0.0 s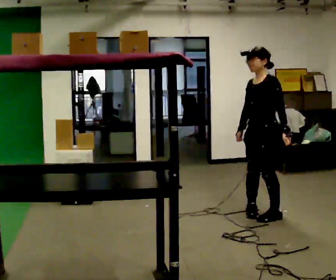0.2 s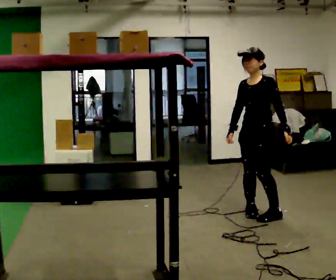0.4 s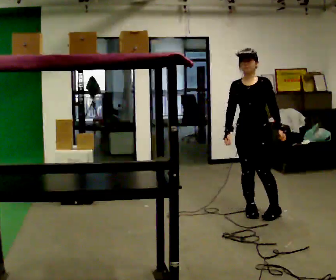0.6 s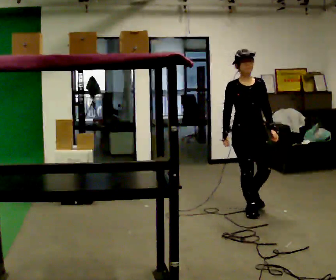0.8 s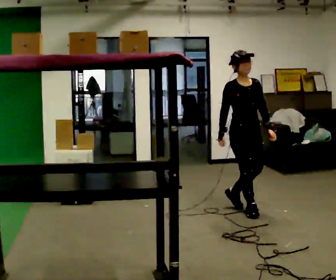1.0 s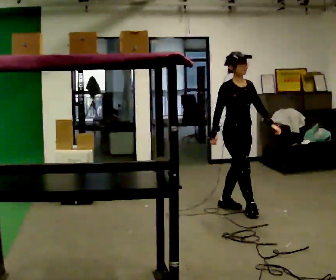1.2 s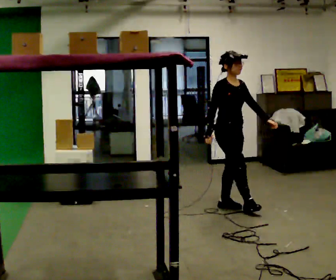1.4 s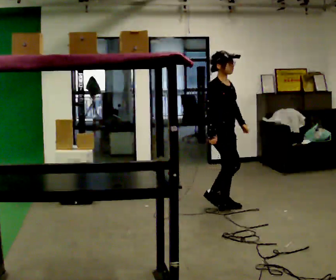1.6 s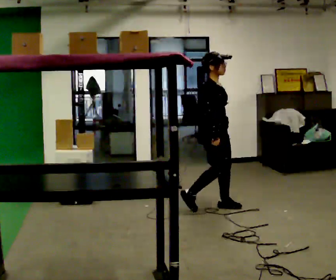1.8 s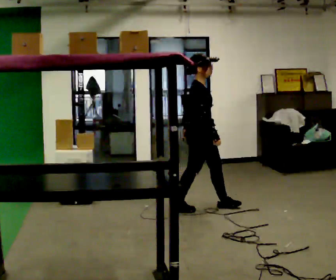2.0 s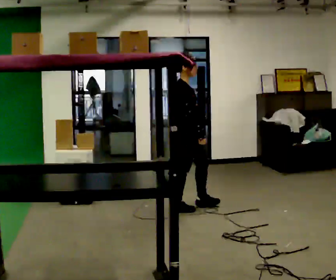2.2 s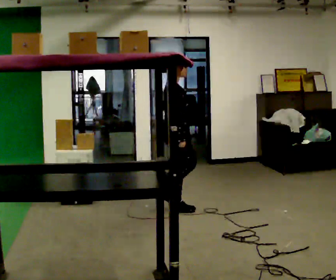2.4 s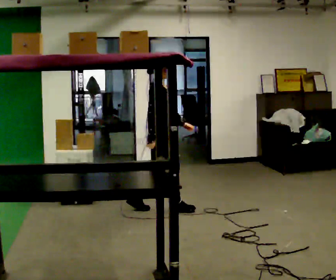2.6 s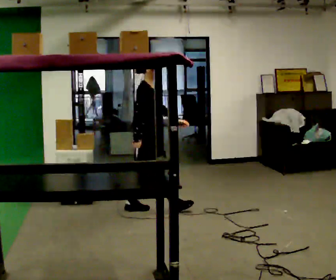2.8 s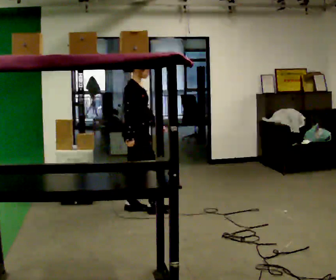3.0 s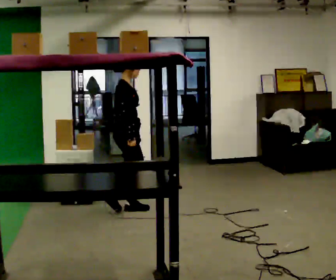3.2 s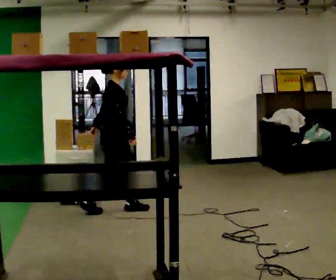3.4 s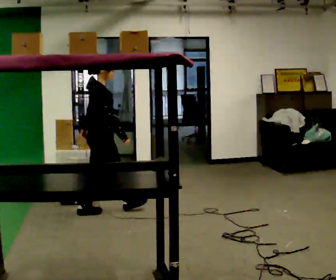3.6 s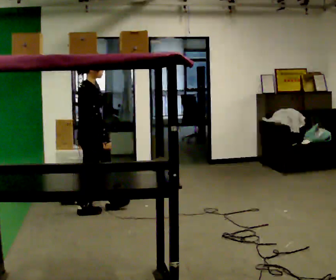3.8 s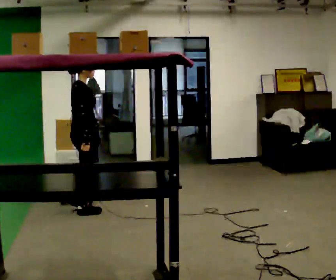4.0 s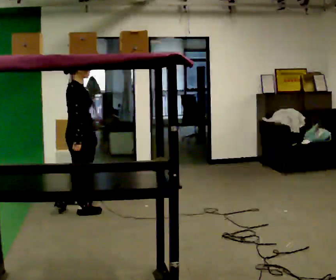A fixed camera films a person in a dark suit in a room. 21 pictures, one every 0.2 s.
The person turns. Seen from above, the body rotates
counterclockwise.
The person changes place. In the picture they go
to the left.
0.0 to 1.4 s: Seen from above the body turns counterclockwise, about 120 degrees: to their left, with its near side sliding to the right. In the picture they go to the left and away from the camera, about 0.5 m in 2 steps.
1.4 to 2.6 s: Seen from above the body turns counterclockwise, about 30 degrees: to their left, with its near side sliding to the right. In the picture they go to the left, about 0.5 m in 1 step, which for them is backward.
2.6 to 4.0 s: Seen from above the body turns counterclockwise, about 30 degrees: to their left, with its near side sliding to the right. In the picture they go to the left, about 0.75 m in 2 steps, which for them is backward.
The film runs backward here.
